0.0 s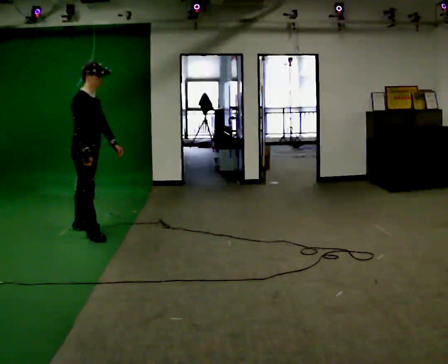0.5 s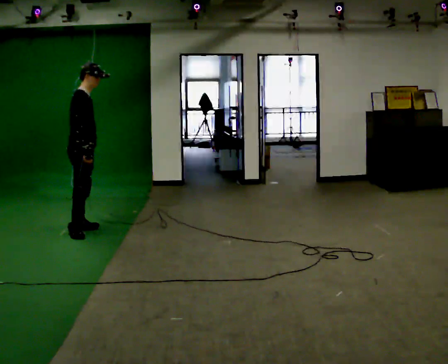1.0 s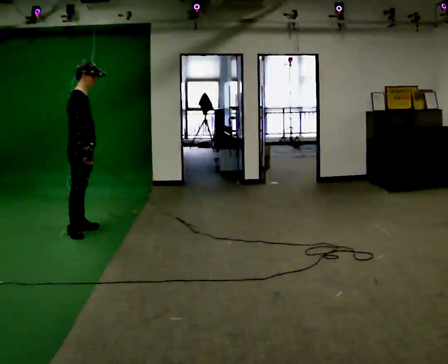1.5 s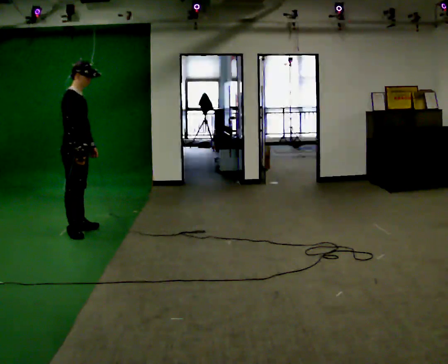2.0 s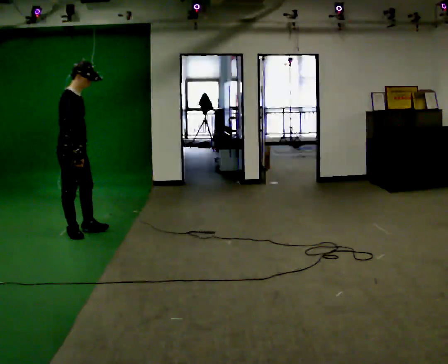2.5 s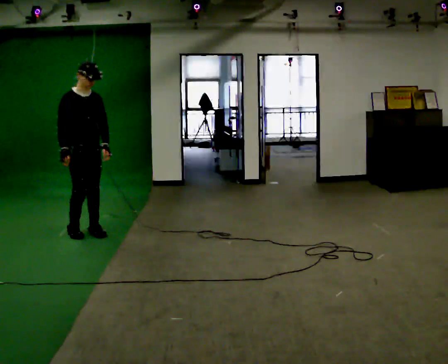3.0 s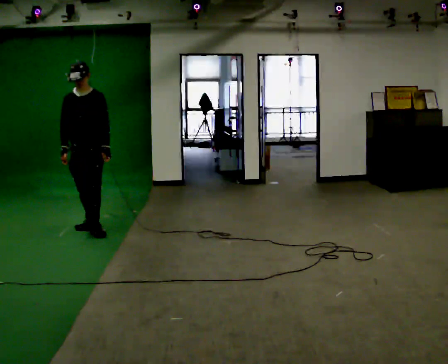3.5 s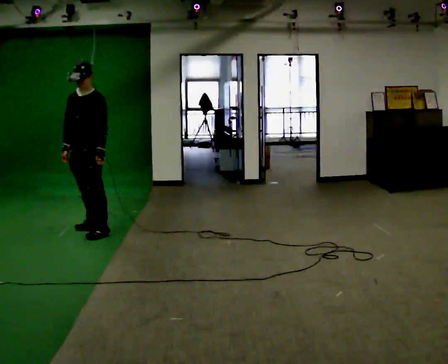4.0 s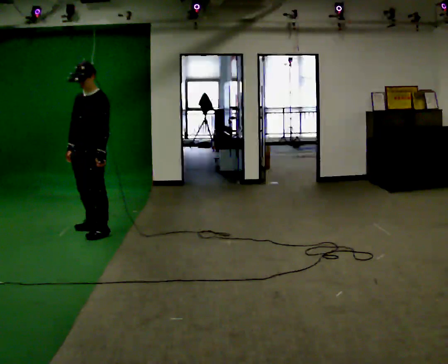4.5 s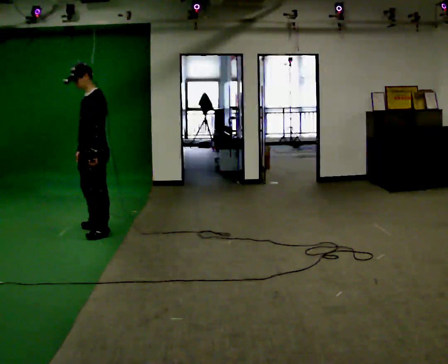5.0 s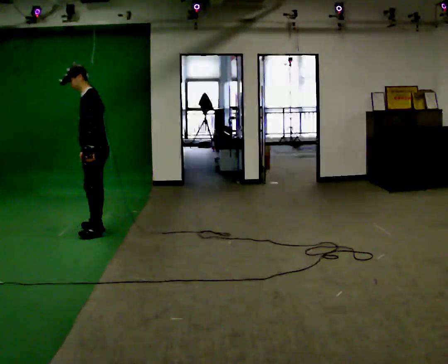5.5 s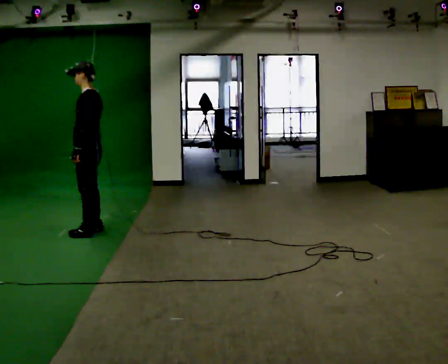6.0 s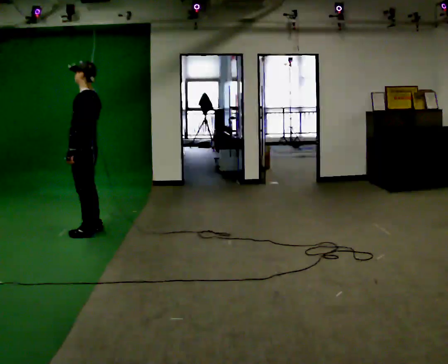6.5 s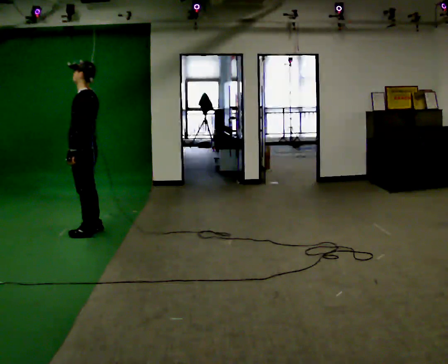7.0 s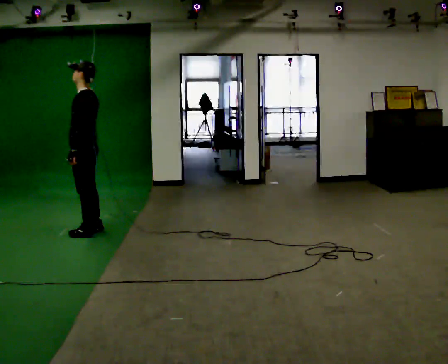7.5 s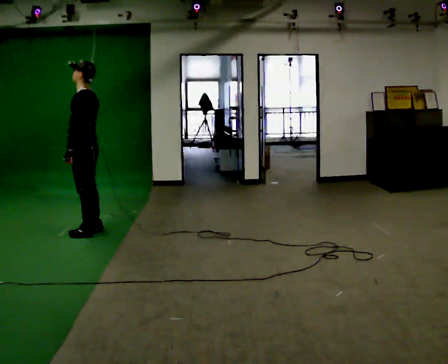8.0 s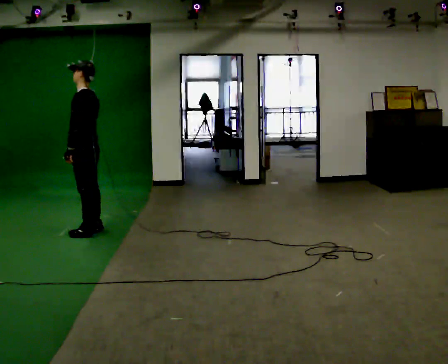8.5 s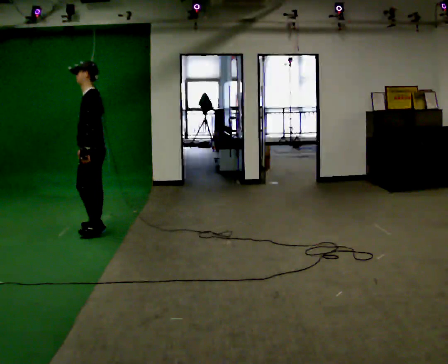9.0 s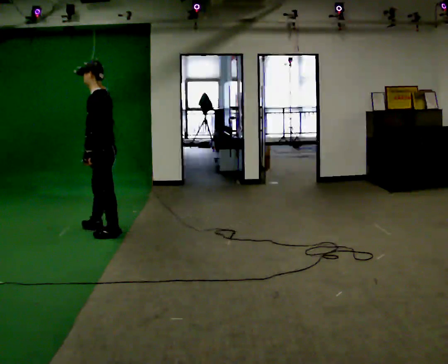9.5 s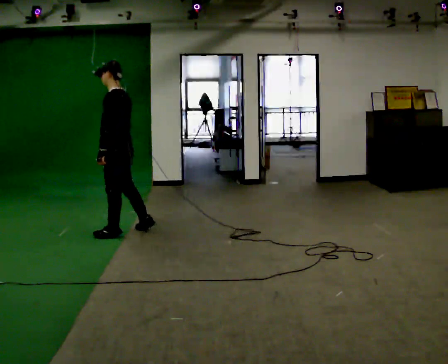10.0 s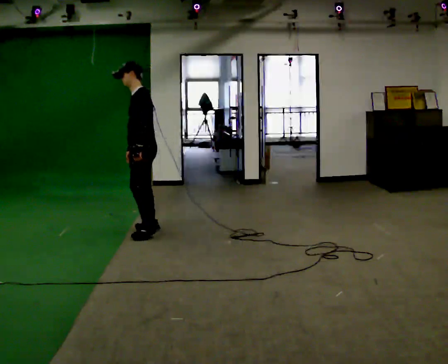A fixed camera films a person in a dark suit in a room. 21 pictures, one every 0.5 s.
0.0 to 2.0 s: In the picture their left hand goes to the left.
2.0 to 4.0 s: The part of the body nearest the lens slides to the left as the person turns to their right by about 135 degrees. In the picture they go to the right, about 0.25 m in 2 steps.
4.0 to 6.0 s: Seen from above the body turns clockwise, about 60 degrees: to their right, with its near side sliding to the left. In the picture their left hand goes to the left.
6.0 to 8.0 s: The person moves a little, or ends about where they began.
8.0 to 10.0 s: In the picture they go to the right, about 0.5 m in 3 steps, which for them is backward.
The film runs backward here.
